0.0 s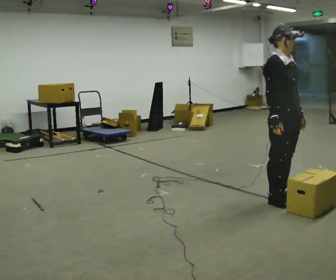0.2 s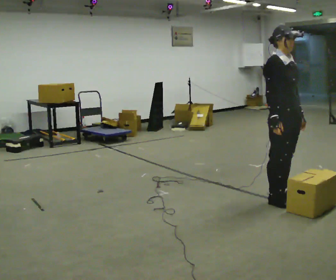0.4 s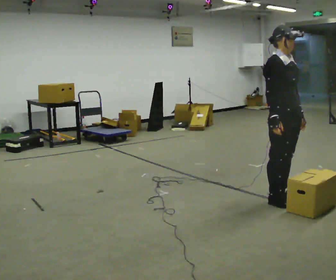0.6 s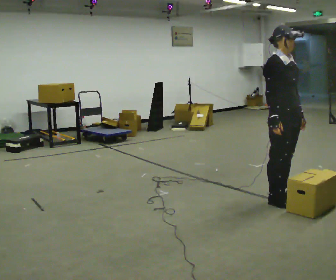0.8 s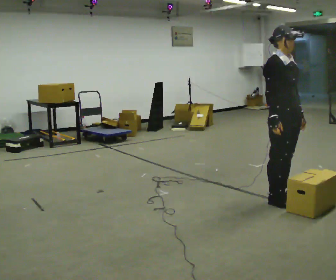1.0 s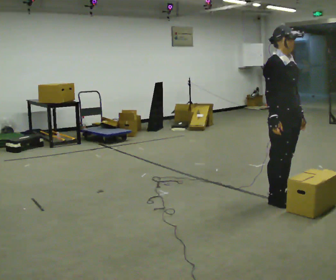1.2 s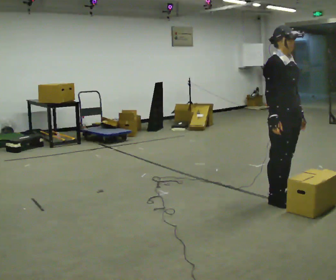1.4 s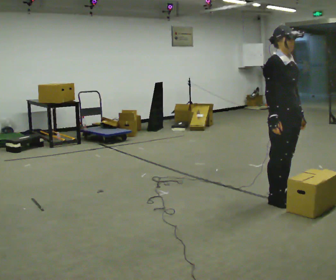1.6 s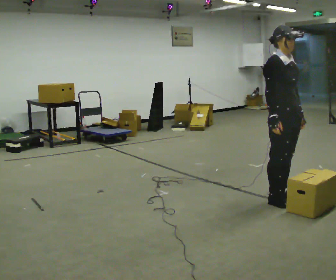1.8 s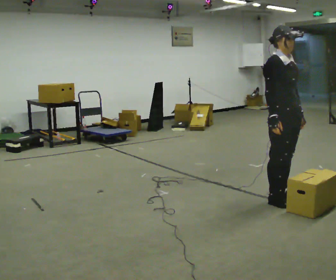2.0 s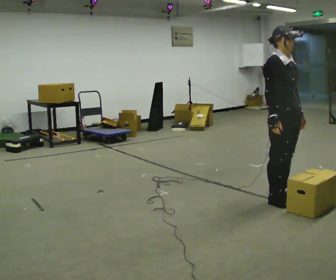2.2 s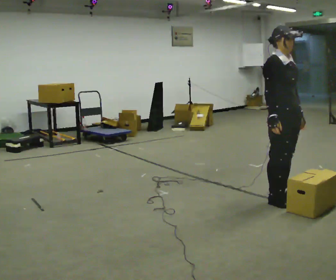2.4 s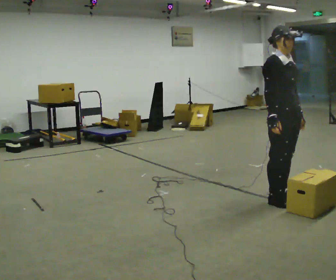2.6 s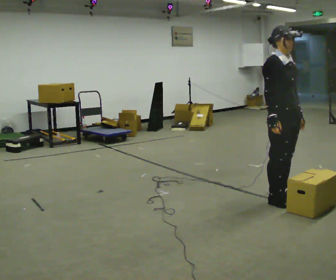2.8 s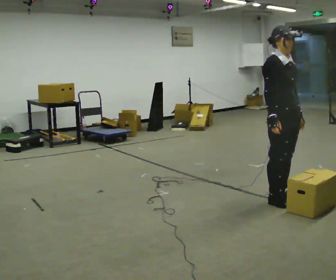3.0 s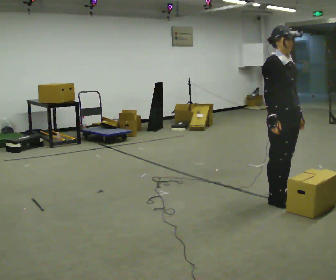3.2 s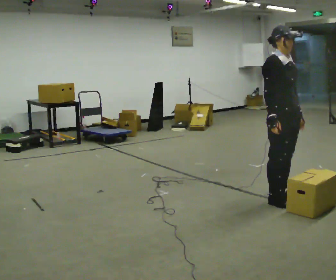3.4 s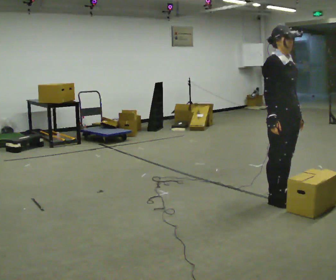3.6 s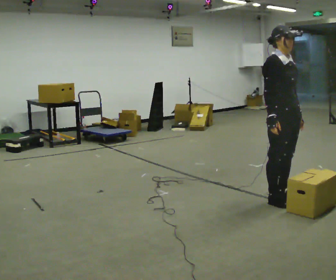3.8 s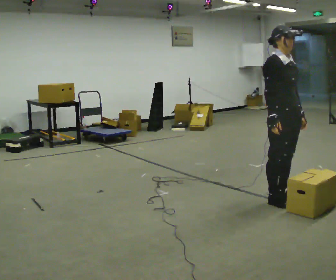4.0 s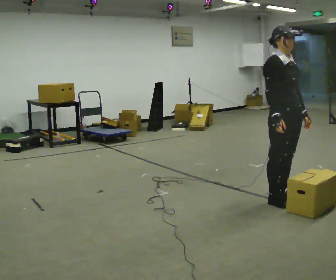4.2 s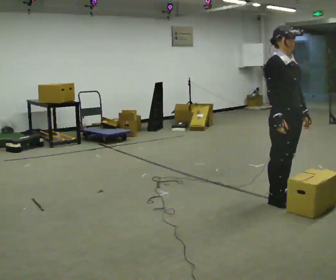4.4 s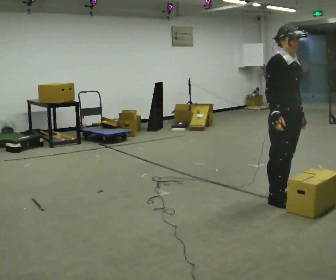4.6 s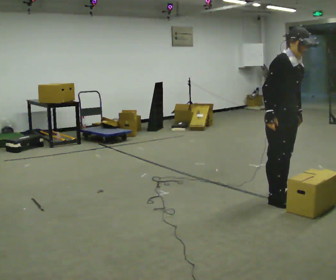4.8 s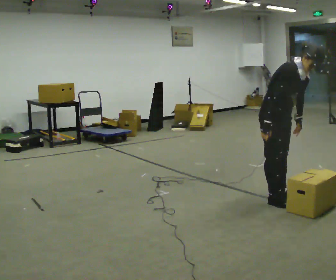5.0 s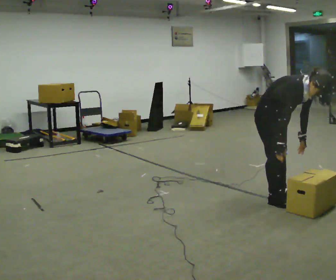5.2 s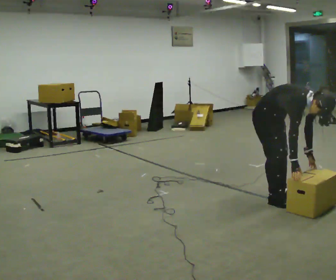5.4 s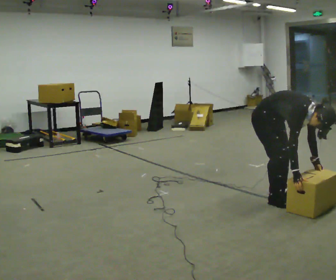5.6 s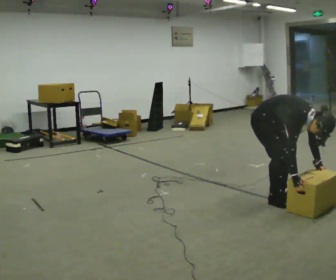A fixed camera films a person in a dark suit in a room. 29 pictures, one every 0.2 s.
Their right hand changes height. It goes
downward.
Their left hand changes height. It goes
downward.
0.0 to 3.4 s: The person keeps their place and pose.
3.4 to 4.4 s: The person moves a little, or ends about where they began.
4.4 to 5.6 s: The upper body goes downward. In the picture the upper body tilts clockwise, shoulders to the right, as they bend forward. In the picture their right hand goes downward.
The film runs backward here.
